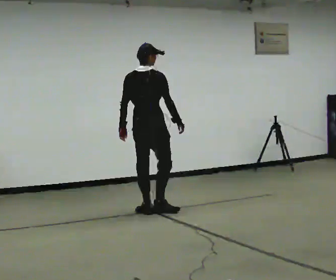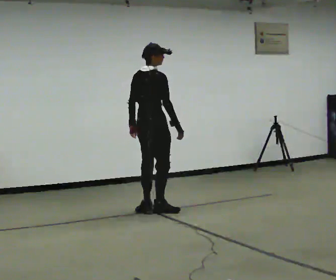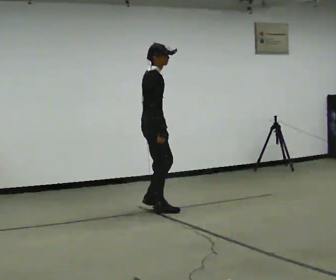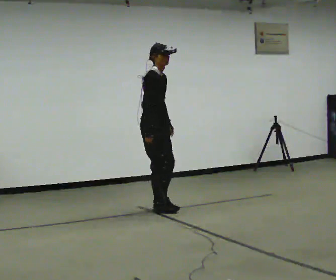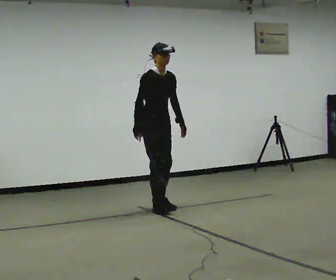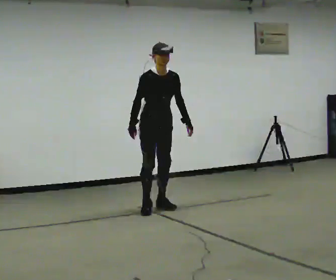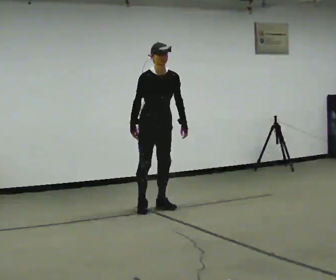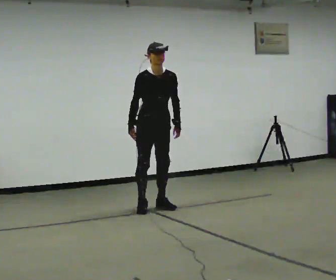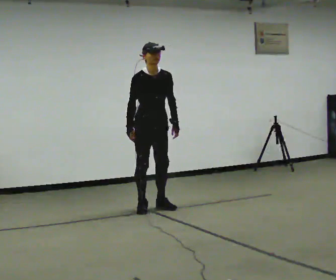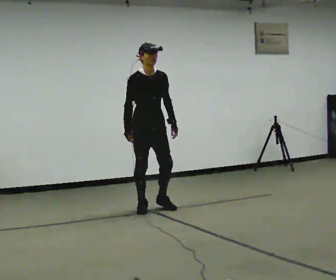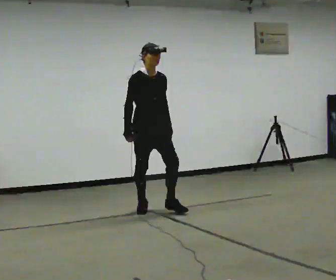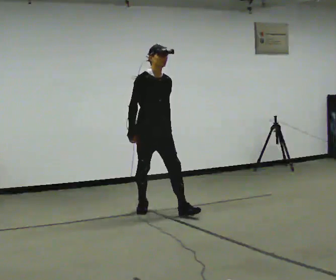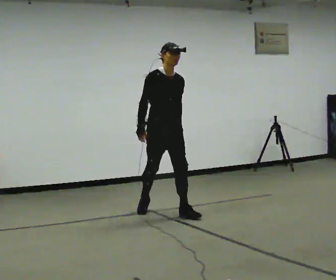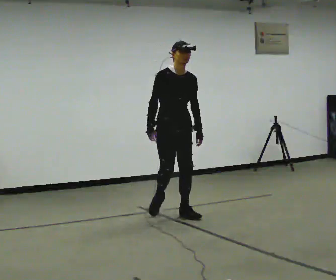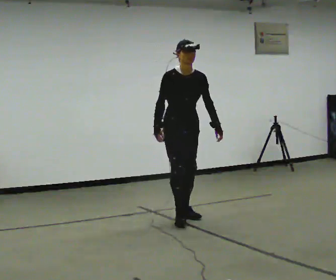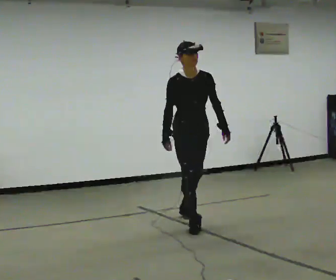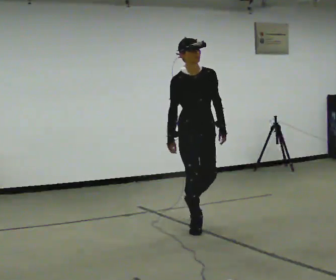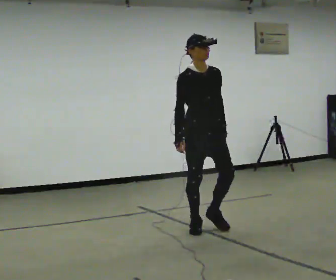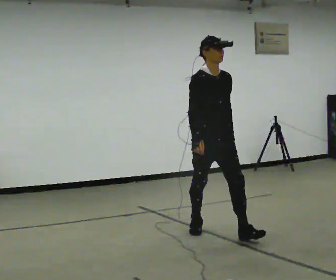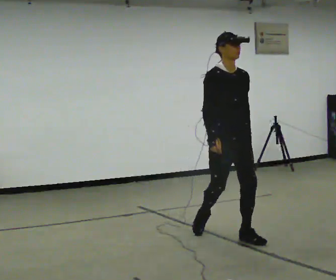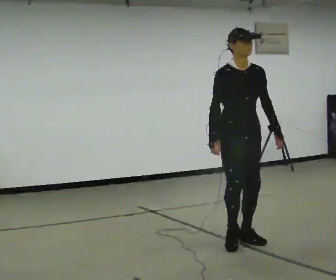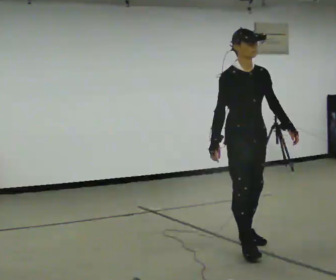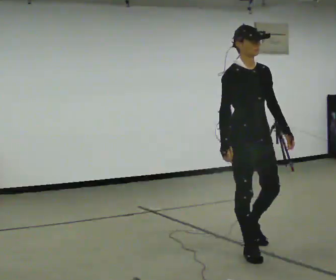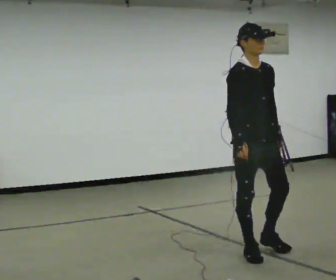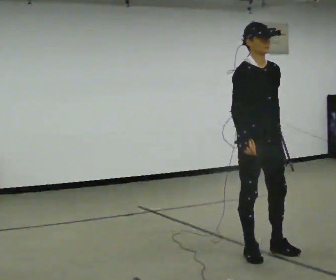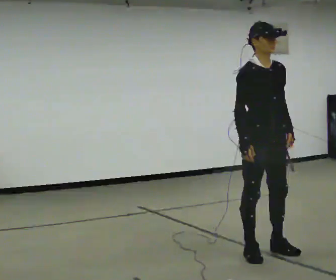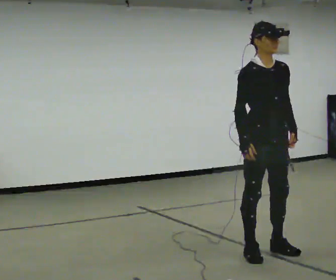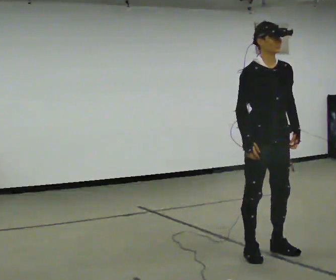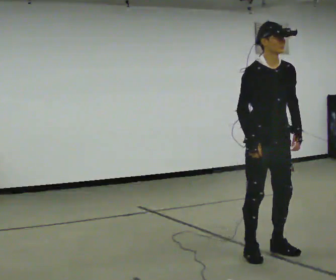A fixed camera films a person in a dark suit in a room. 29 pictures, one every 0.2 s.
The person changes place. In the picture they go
toward the camera.
0.0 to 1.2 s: The part of the body nearest the lens slides to the left as the person turns to their right by about 135 degrees. In the picture they go away from the camera, about 0.25 m in 2 steps. In the picture their right hand goes to the left, the arm swinging clockwise.
1.2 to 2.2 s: In the picture they go toward the camera, about 0.25 m, which for them is forward and to their right.
2.2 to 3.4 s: In the picture they go toward the camera and to the right, about 1 m in 2 steps, which for them is forward.
3.4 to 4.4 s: In the picture they go toward the camera and to the right, about 1 m in 2 steps, which for them is forward.
4.4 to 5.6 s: The person moves a little, or ends about where they began.
The film runs forward here.
